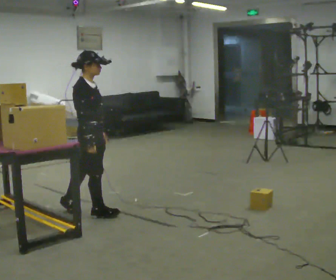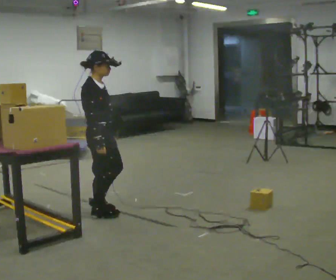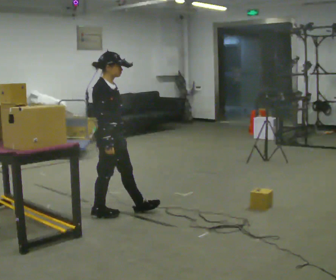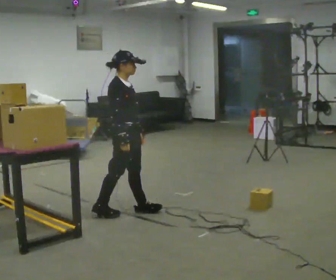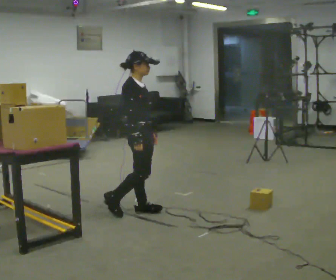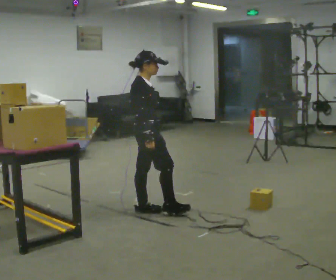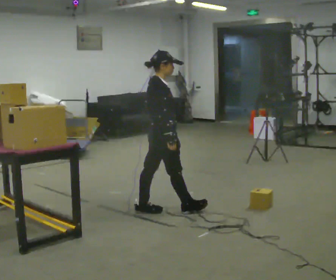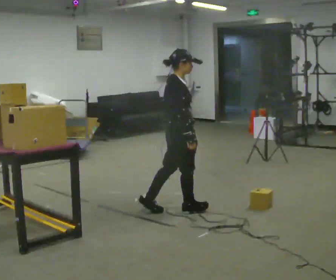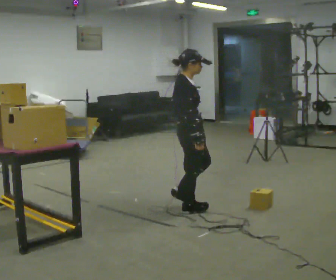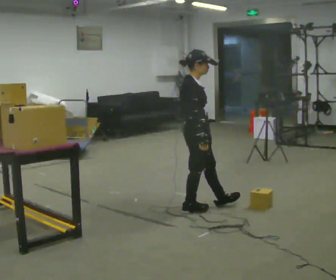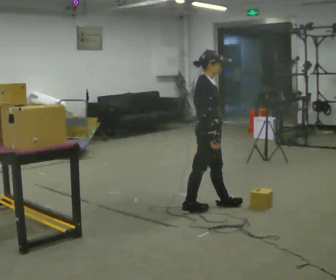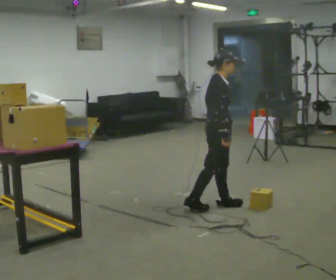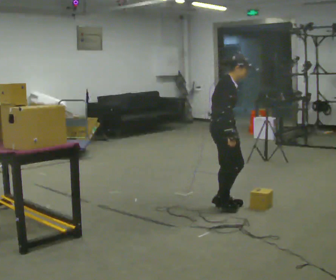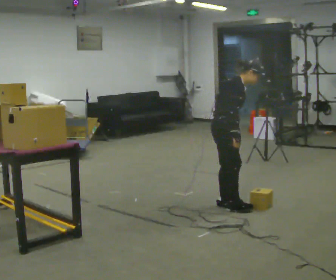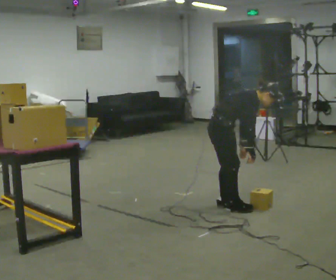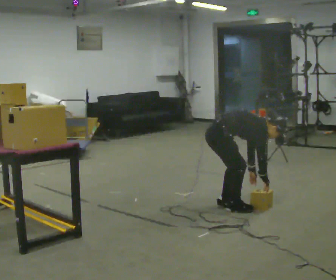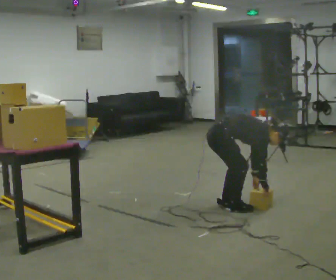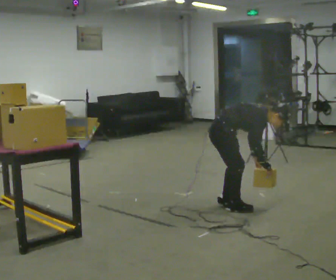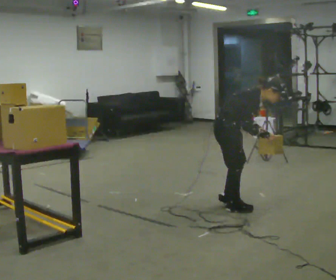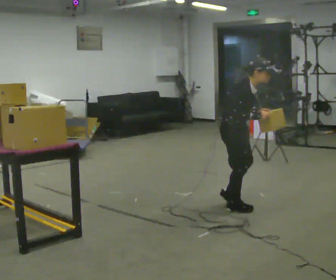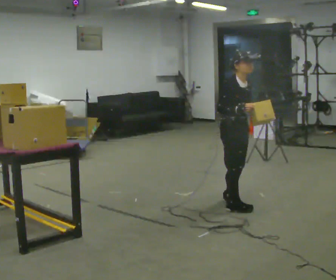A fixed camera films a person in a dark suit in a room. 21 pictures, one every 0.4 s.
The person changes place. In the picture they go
to the right.
0.0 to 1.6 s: In the picture they go to the right, about 0.5 m in 1 step, which for them is forward.
1.6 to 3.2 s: In the picture they go to the right, about 0.5 m in 1 step, which for them is forward.
3.2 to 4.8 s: In the picture they go to the right and away from the camera, about 0.25 m in 1 step, which for them is forward and to their left. In the picture the upper body tilts clockwise, shoulders to the right, as they bend forward.
4.8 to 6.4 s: The shoulders move downward. In the picture the upper body tilts clockwise, shoulders to the right, as they bend forward. In the picture their right hand goes downward and to the right.
6.4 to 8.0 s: The person turns about 30 degrees to their right, clockwise seen from above, so the part of the body nearest the lens slides to the left. The upper body goes upward. In the picture the upper body tilts counterclockwise, shoulders to the left, as they lean back or straighten. In the picture their left hand goes upward.
The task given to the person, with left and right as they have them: Carry the object over and fit it into the gap between the two boxes already on the shelf, without touching either of them. Keep going until the operator says stop; one object at a time, and do not rush between trips.
The film runs forward here.
